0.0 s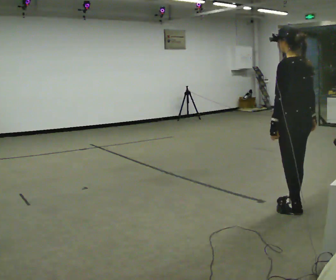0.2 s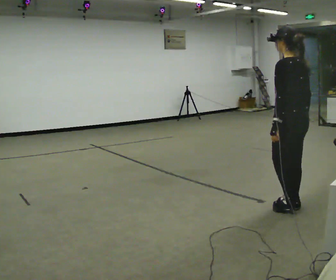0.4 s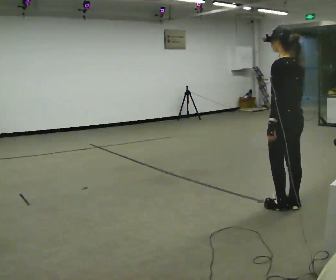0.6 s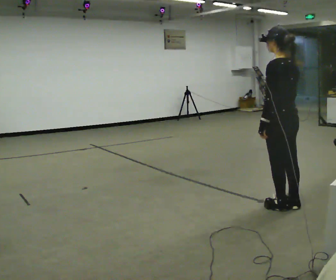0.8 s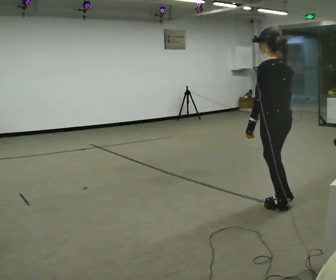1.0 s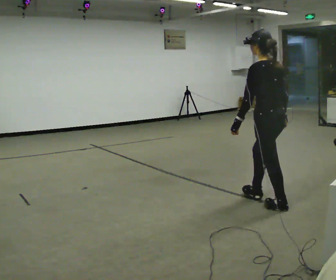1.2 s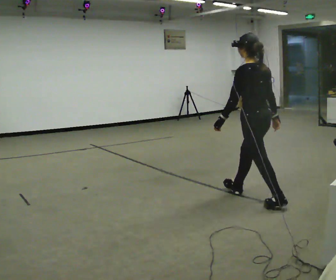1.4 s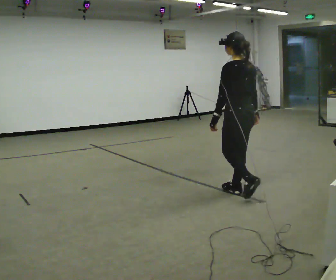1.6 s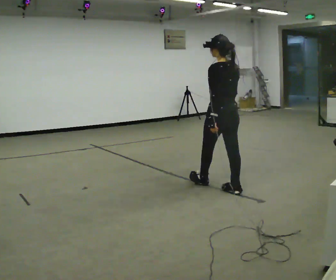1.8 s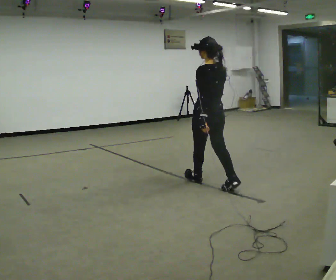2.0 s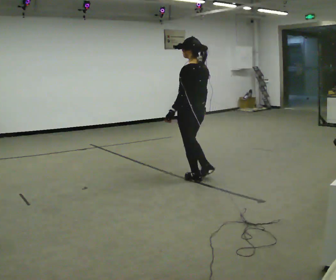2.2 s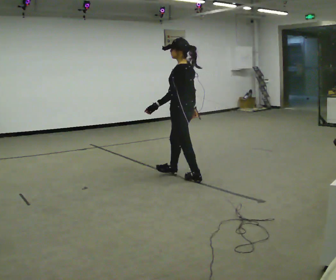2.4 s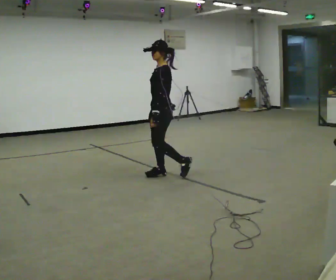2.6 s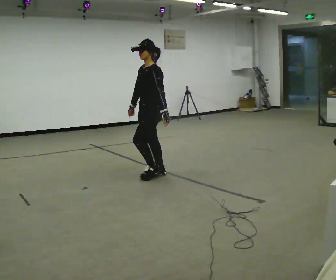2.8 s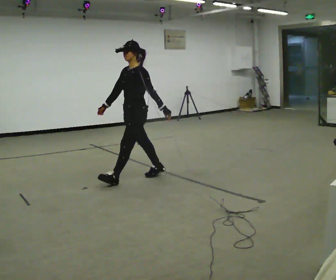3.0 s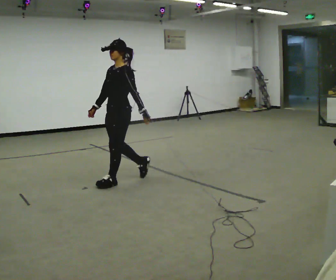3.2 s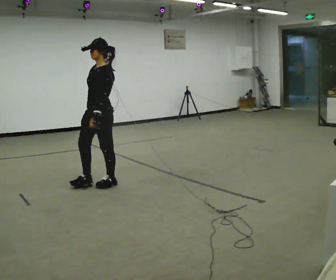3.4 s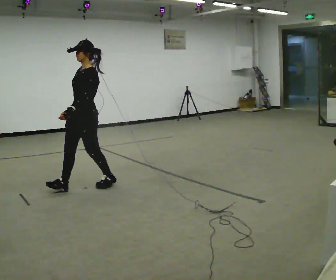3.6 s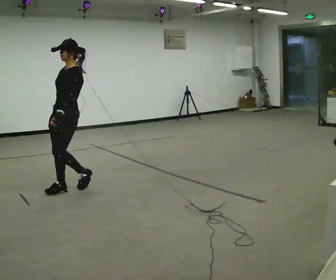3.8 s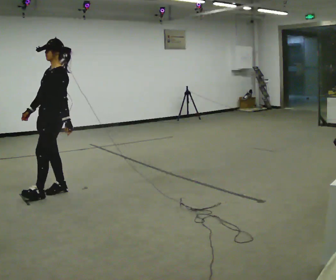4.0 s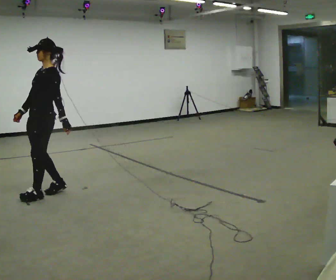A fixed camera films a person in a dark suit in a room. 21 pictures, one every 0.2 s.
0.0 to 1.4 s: In the picture they go away from the camera and to the left, about 0.5 m in 1 step, which for them is forward.
1.4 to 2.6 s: The part of the body nearest the lens slides to the right as the person turns to their left by about 75 degrees. In the picture they go to the left and away from the camera, about 1 m in 2 steps.
2.6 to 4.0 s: In the picture they go to the left and toward the camera, about 1 m in 3 steps, which for them is forward.
The film runs forward here.
